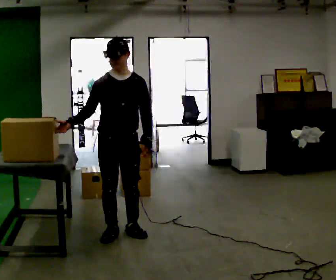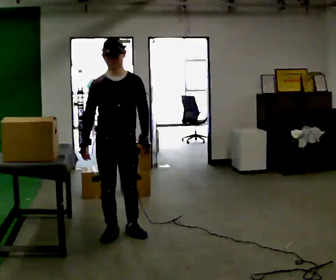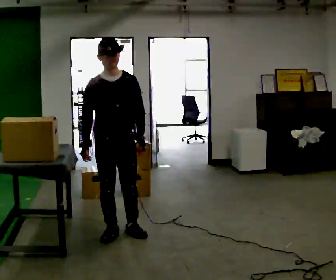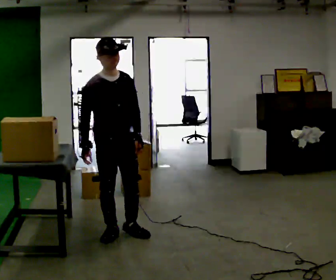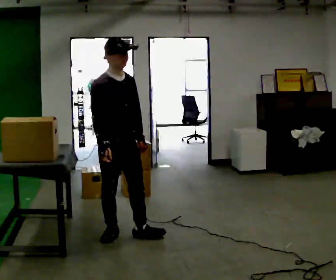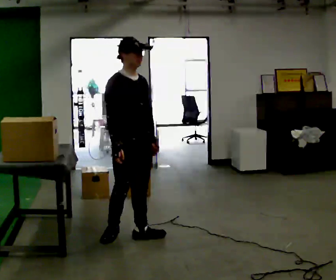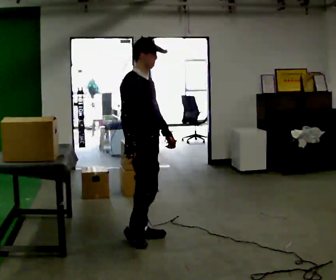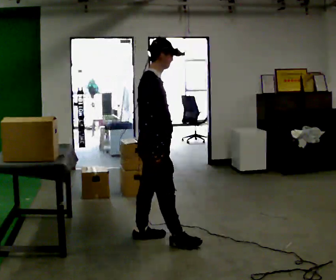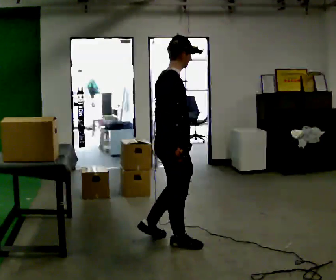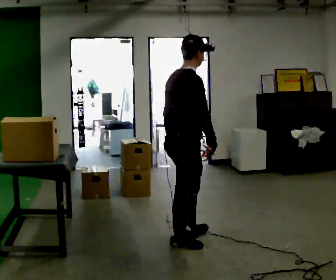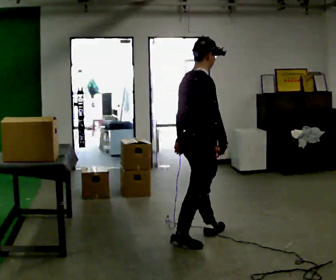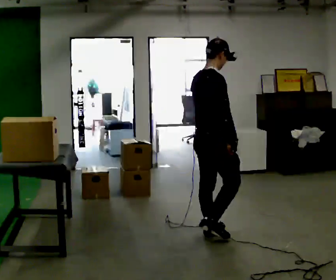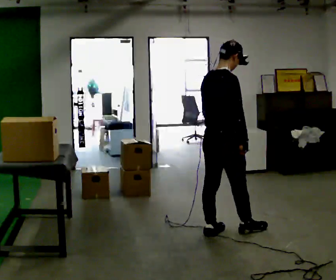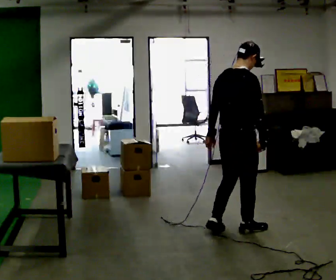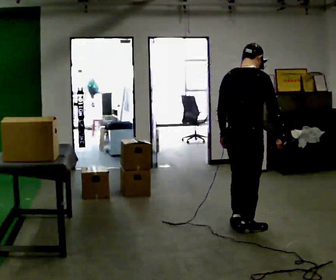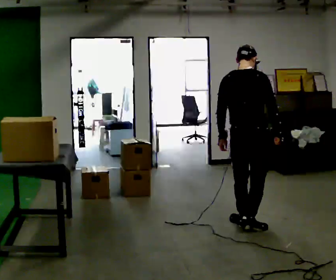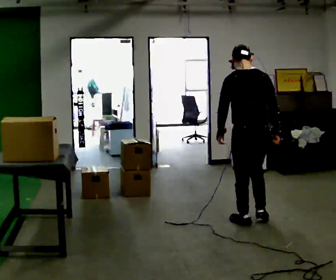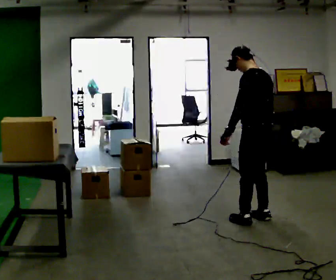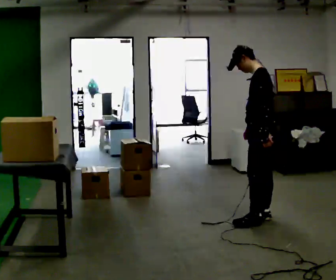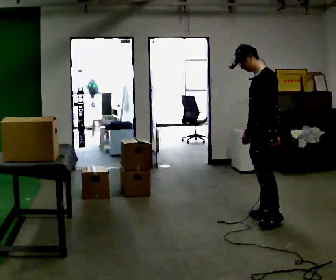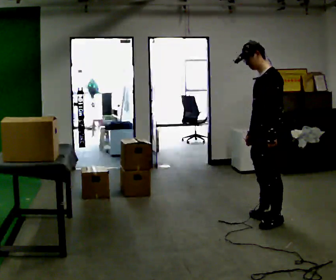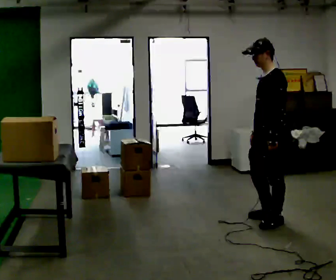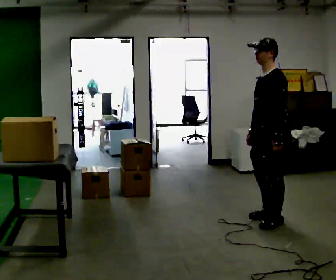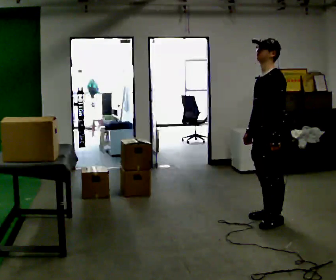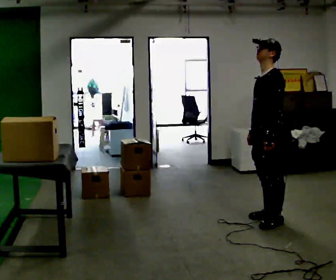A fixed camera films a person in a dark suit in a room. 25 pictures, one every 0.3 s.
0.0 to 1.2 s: The person turns about 30 degrees to their left, counterclockwise seen from above, so the part of the body nearest the lens slides to the right. In the picture their right hand goes to the right, the arm swinging counterclockwise.
1.2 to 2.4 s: Seen from above the body turns counterclockwise, about 60 degrees: to their left, with its near side sliding to the right. In the picture they go to the right, about 0.5 m in 1 step.
2.4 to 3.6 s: In the picture they go to the right and away from the camera, about 0.5 m in 2 steps, which for them is forward.
3.6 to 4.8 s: The part of the body nearest the lens slides to the right as the person turns to their left by about 75 degrees. In the picture they go away from the camera and to the right, about 0.5 m in 1 step.
4.8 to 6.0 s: The part of the body nearest the lens slides to the right as the person turns to their left by about 90 degrees. In the picture they go to the right, about 0.25 m in 2 steps. In the picture their left hand goes to the right.
6.0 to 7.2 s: The person moves a little, or ends about where they began.
The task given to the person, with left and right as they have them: Take boxes off the top of the stack one at a time and carry them away, walking back for each one. Keep going until the operator says stop; one object at a time, and do not rush between trips.
The film runs forward here.
